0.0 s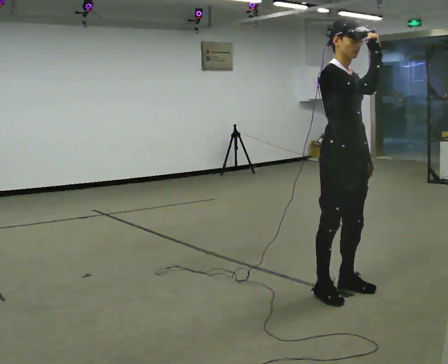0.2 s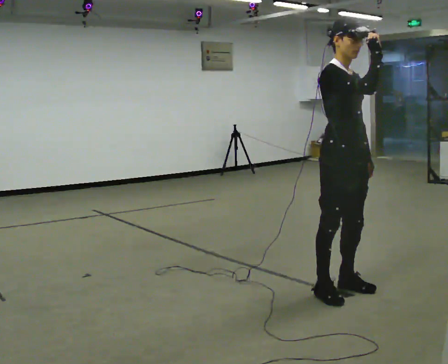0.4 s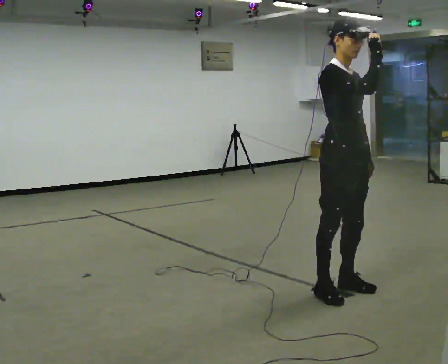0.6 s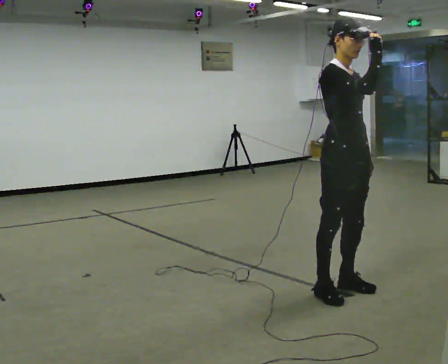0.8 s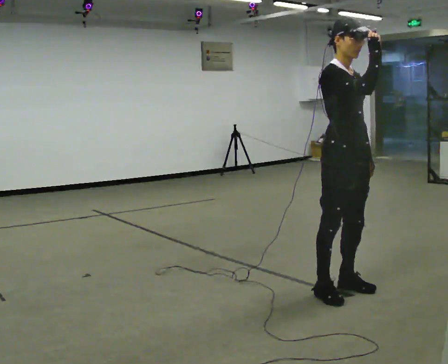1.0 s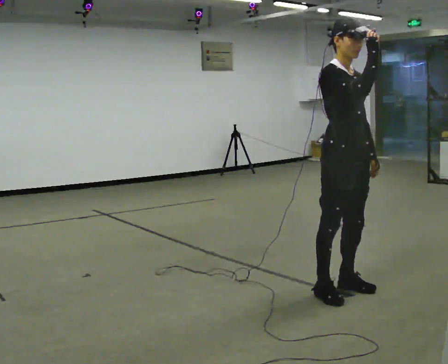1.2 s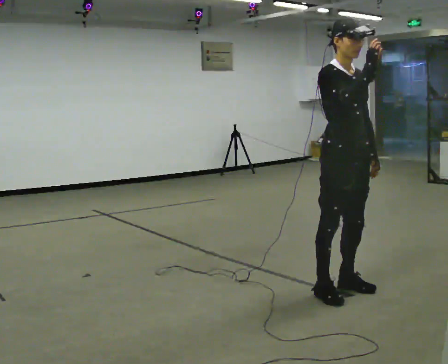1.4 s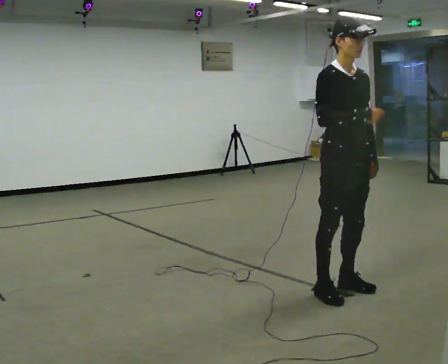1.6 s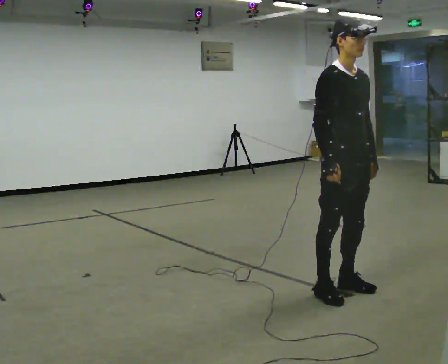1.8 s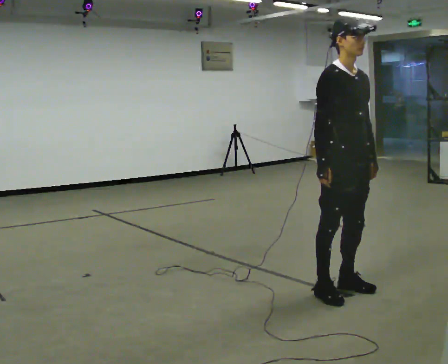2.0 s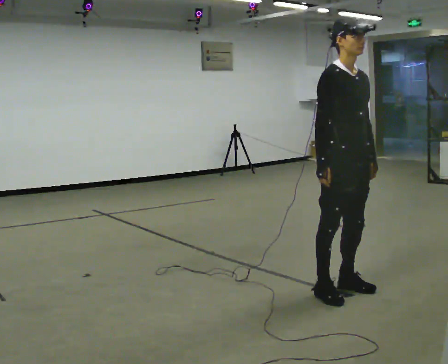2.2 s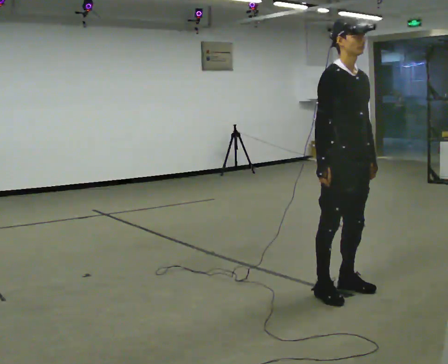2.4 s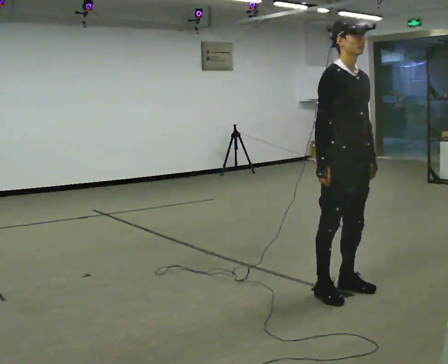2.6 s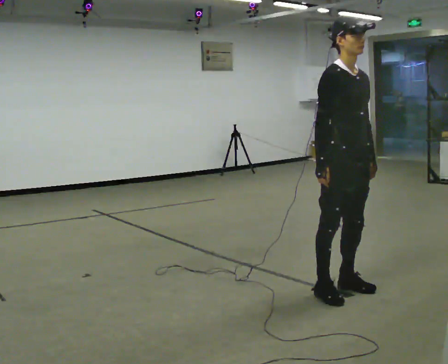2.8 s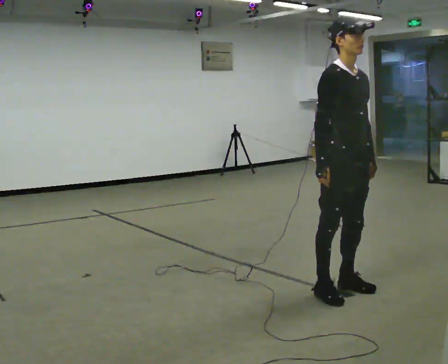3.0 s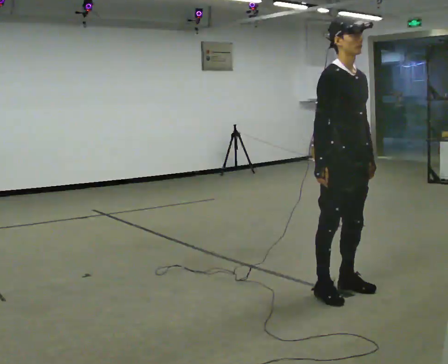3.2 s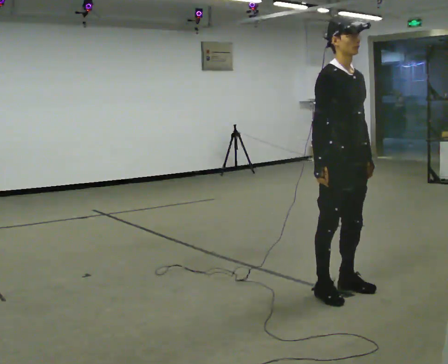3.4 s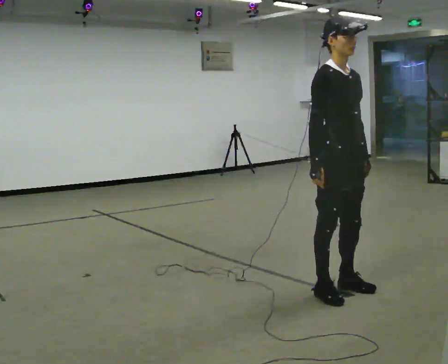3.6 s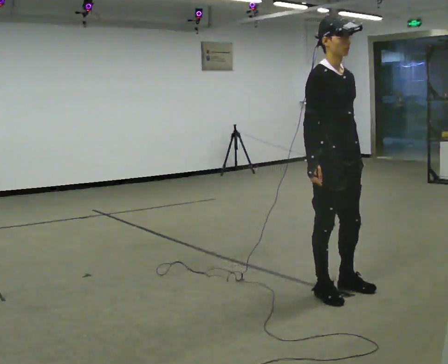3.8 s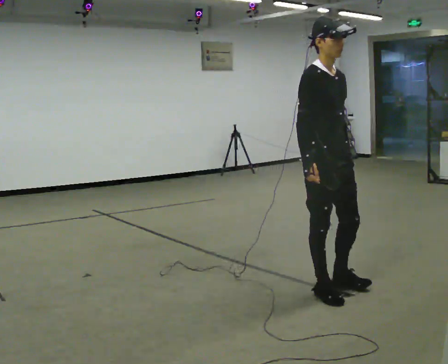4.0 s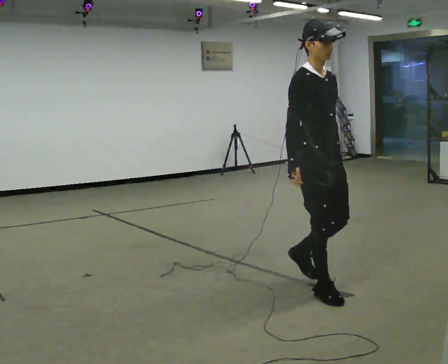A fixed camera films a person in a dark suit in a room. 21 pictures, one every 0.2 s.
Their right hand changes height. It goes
downward.
0.0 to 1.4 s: The person moves a little, or ends about where they began.
1.4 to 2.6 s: In the picture their right hand goes downward.
2.6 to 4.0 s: In the picture they go to the left, about 0.25 m in 1 step, which for them is backward.
The film runs backward here.
